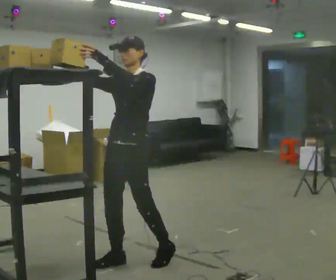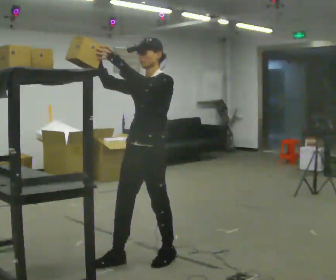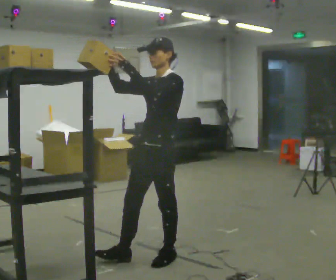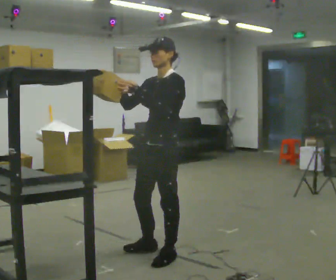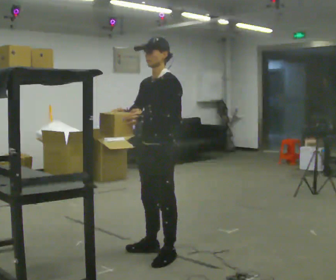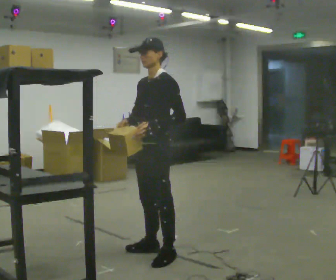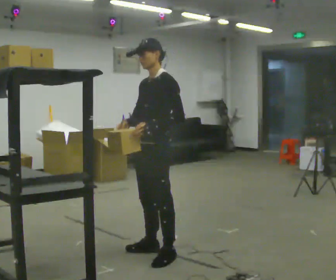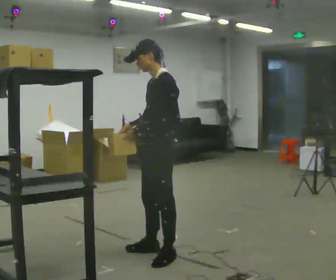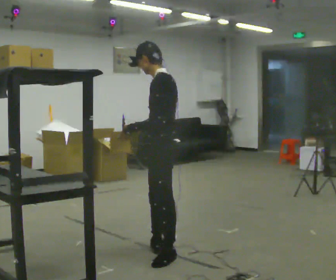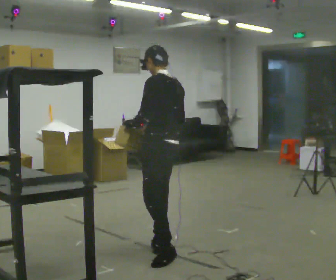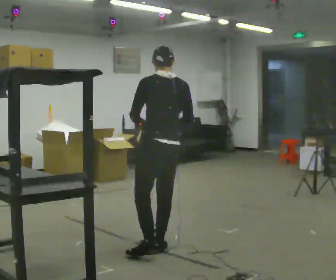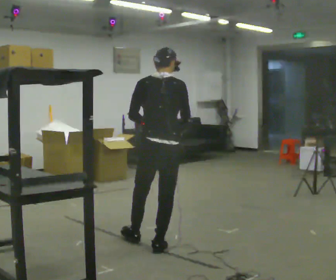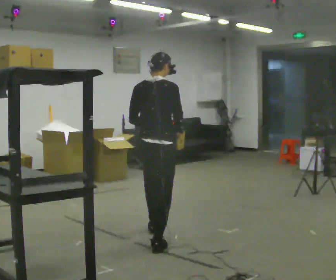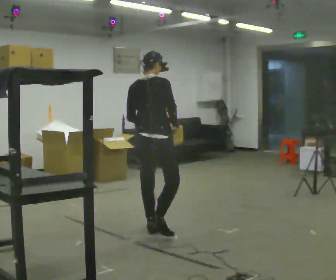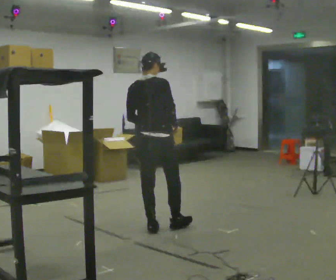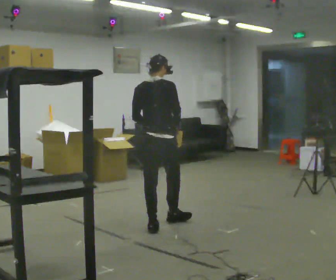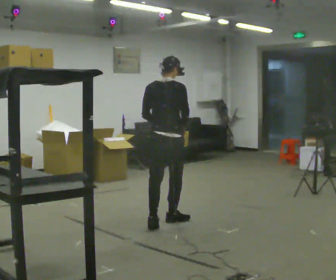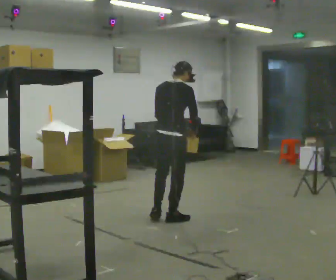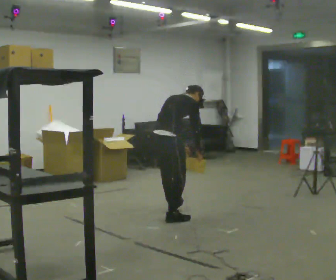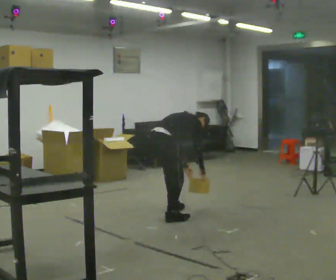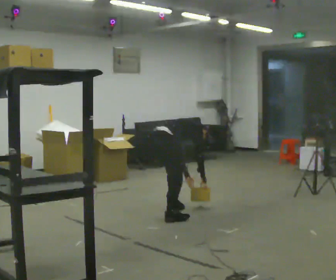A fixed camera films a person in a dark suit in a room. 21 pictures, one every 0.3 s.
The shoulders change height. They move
downward.
The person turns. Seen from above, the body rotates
clockwise.
0.0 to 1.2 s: In the picture they go to the right and away from the camera, about 0.25 m in 1 step, which for them is backward. In the picture their right hand goes downward, the arm swinging counterclockwise.
1.2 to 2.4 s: The person turns about 45 degrees to their right, clockwise seen from above, so the part of the body nearest the lens slides to the left.
2.4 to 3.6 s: The person turns about 105 degrees to their right, clockwise seen from above, so the part of the body nearest the lens slides to the left. In the picture they go away from the camera, about 0.5 m in 1 step.
3.6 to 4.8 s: In the picture they go away from the camera, about 0.5 m in 1 step, which for them is forward.
4.8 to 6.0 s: The part of the body nearest the lens slides to the left as the person turns to their right by about 30 degrees. In the picture they go away from the camera, about 0.5 m in 1 step, which for them is forward and to their left. The shoulders move downward. In the picture the upper body tilts clockwise, shoulders to the right, as they bend forward. In the picture their right hand goes downward.
The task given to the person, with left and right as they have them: Pick an object up off the floor, carry it across the room, and place it on the highest shelf you can comfortably reach. Keep going until the operator says stop; one object at a time, and do not rush between trips.
The film runs forward here.
